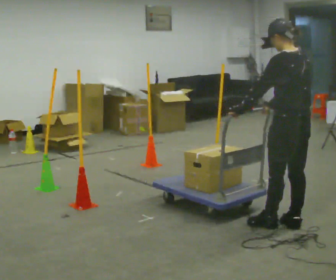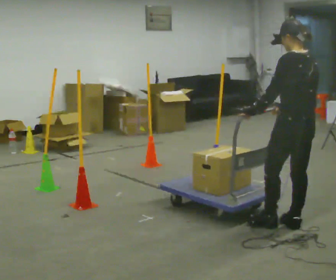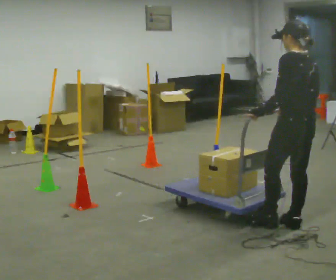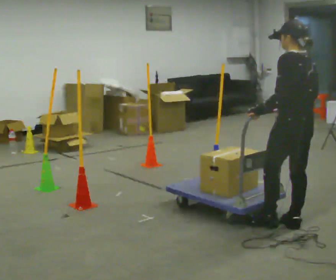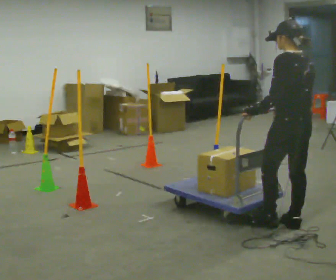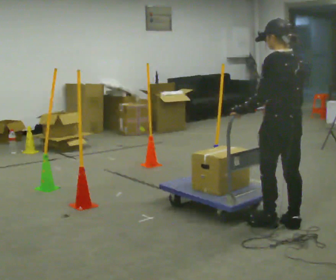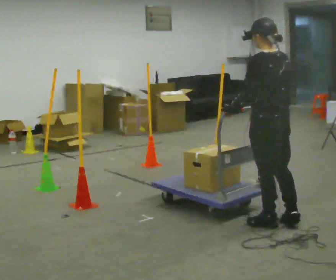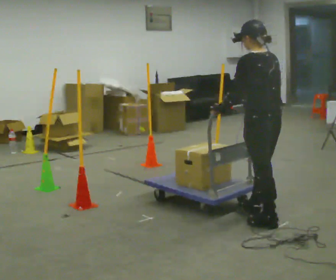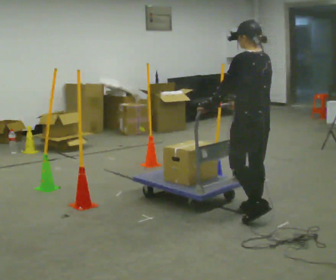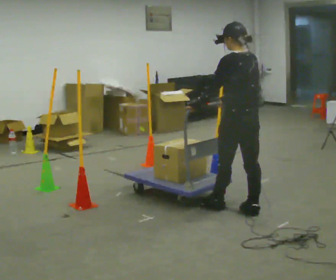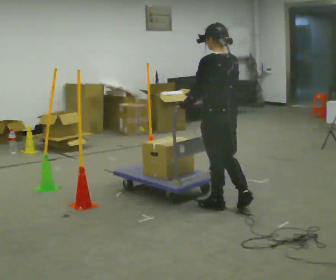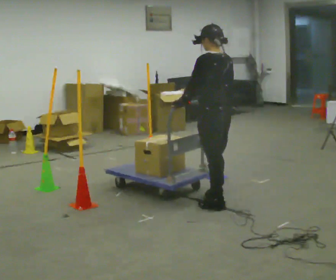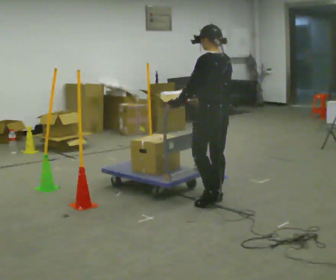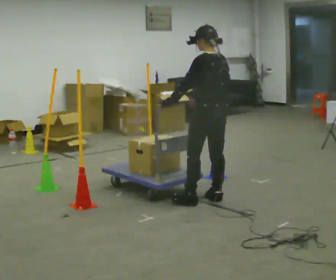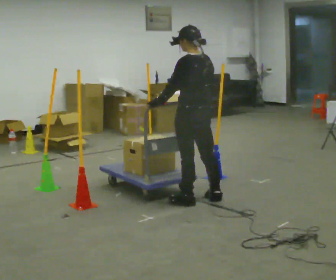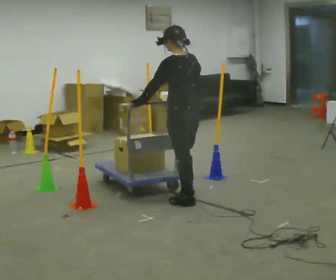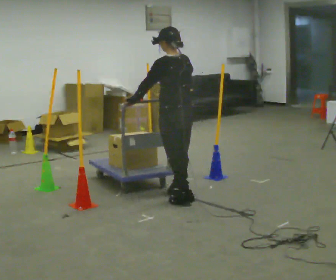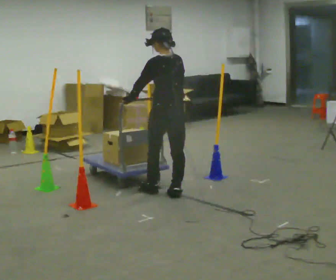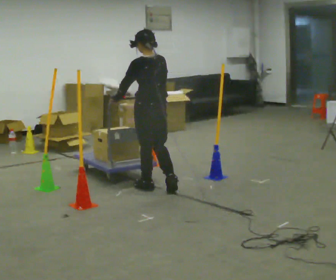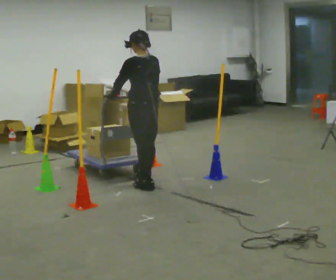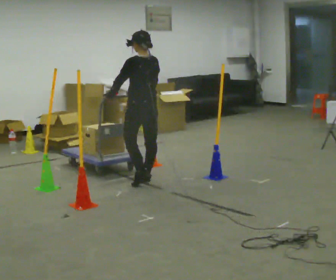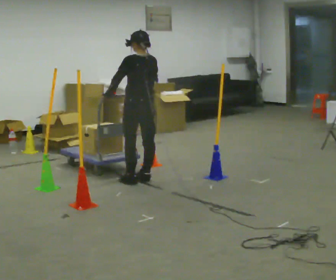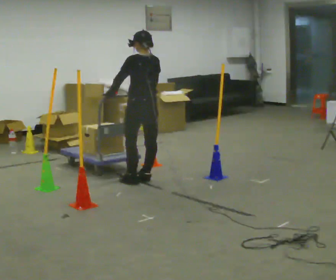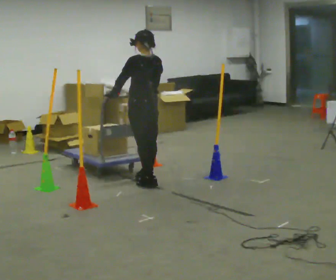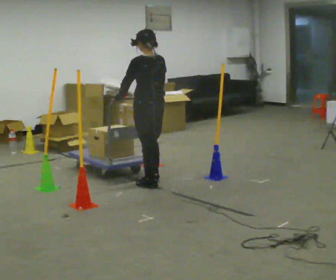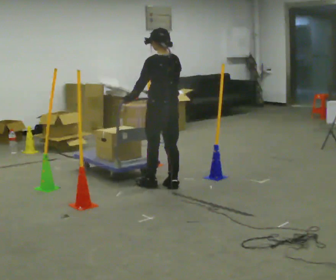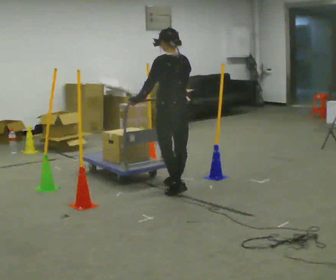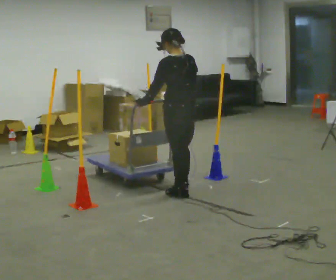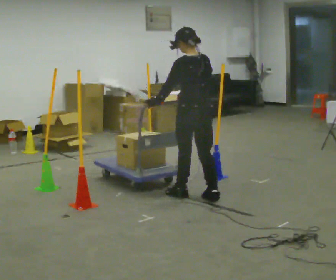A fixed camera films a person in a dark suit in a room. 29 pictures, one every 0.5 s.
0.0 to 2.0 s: The person moves a little, or ends about where they began.
2.0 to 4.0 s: In the picture they go to the left and away from the camera, about 0.25 m in 1 step, which for them is forward.
4.0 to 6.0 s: In the picture they go away from the camera and to the left, about 0.5 m in 2 steps, which for them is forward.
6.0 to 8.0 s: In the picture they go to the left, about 0.25 m in 2 steps, which for them is forward and to their left.
8.0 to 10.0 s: In the picture they go away from the camera and to the left, about 0.75 m in 2 steps, which for them is forward.
10.0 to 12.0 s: In the picture they go toward the camera, about 0.25 m in 2 steps, which for them is backward.
12.0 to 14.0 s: In the picture they go to the right and toward the camera, about 0.5 m in 3 steps, which for them is backward.
The film runs forward here.
